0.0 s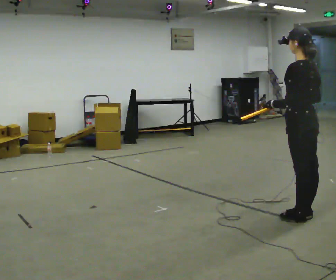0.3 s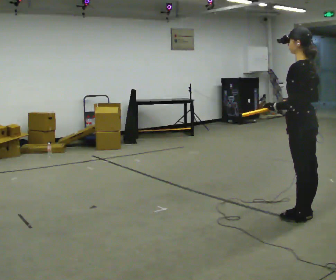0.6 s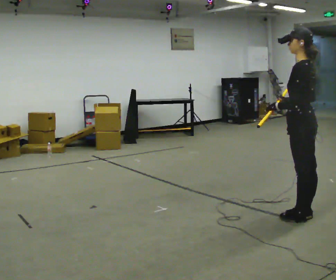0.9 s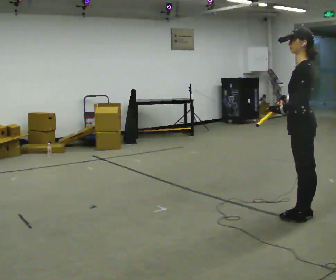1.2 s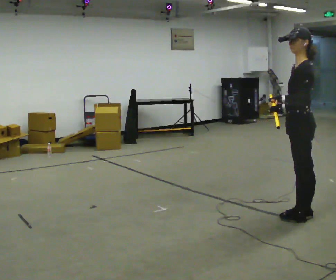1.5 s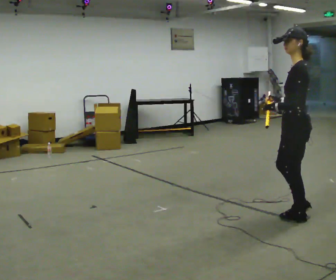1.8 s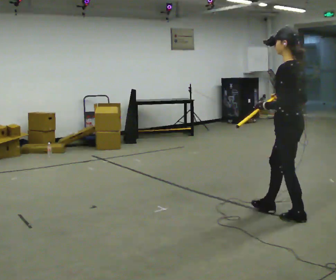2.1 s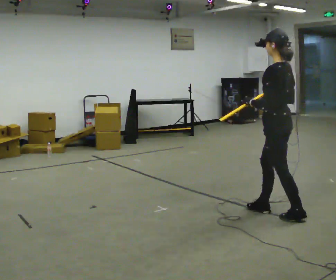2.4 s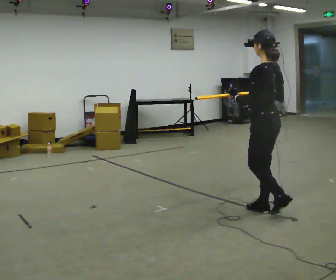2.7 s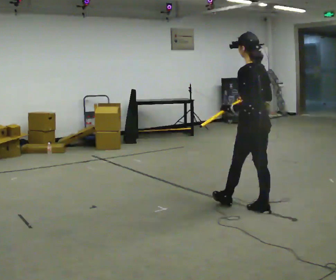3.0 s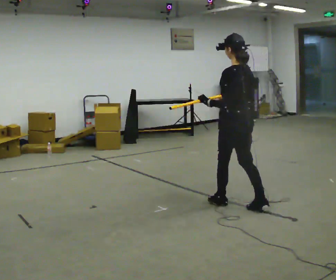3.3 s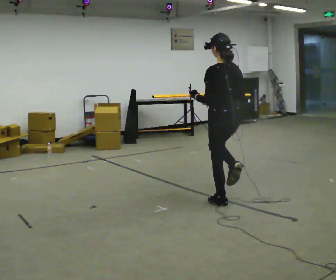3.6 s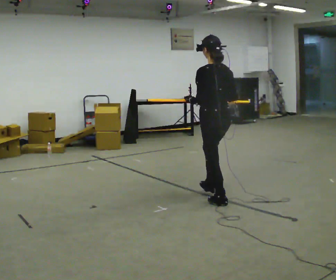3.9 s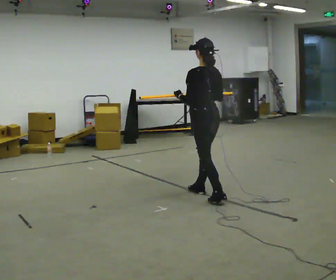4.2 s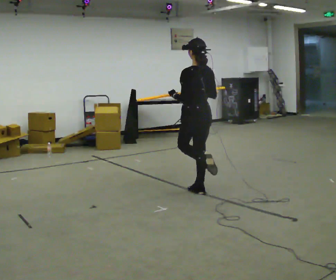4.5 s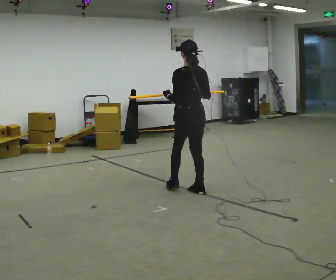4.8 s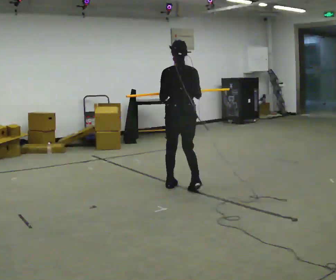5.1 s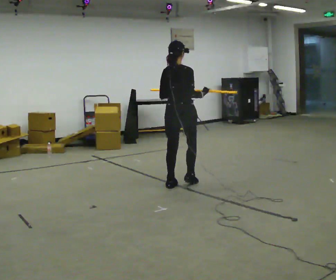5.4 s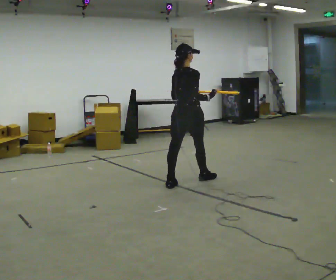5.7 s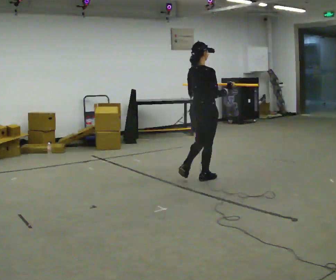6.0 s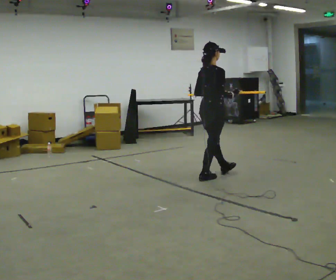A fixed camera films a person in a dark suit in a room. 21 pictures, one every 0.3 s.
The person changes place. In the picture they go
away from the camera.
The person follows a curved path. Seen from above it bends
clockwise.
0.0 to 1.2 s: The part of the body nearest the lens slides to the right as the person turns to their left by about 30 degrees.
1.2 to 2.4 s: In the picture they go to the left and away from the camera, about 0.25 m in 1 step, which for them is forward.
2.4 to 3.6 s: In the picture they go to the left and away from the camera, about 0.5 m in 1 step, which for them is forward.
3.6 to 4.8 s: The person turns about 30 degrees to their right, clockwise seen from above, so the part of the body nearest the lens slides to the left. In the picture they go away from the camera and to the left, about 0.75 m in 2 steps, which for them is forward.
4.8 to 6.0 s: The person turns about 60 degrees to their right, clockwise seen from above, so the part of the body nearest the lens slides to the left. In the picture they go away from the camera and to the right, about 0.5 m in 1 step, which for them is forward.
The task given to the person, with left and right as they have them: Carry the long object across the room and around the corner, turning without hitting anything. Keep going until the operator says stop; one object at a time, and do not rush between trips.
The film runs forward here.
